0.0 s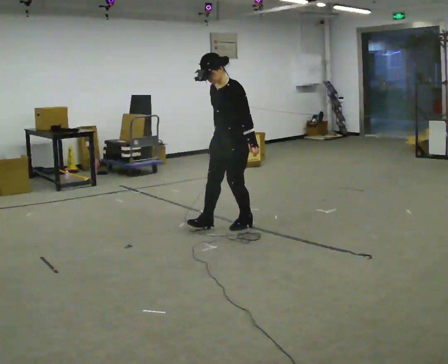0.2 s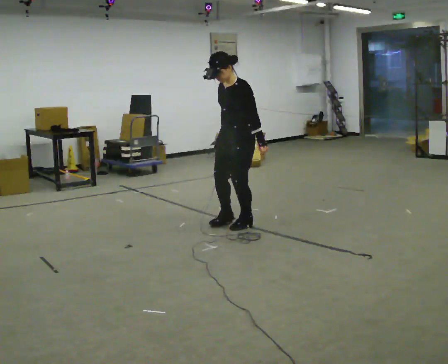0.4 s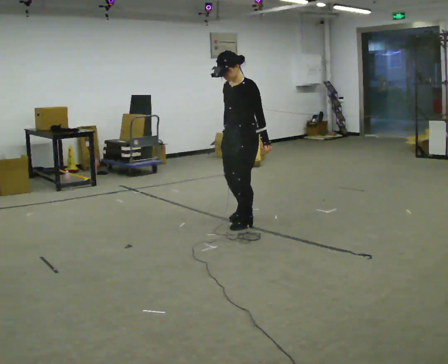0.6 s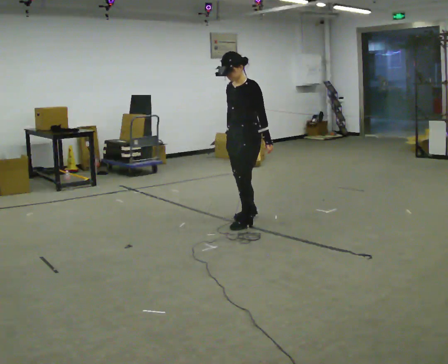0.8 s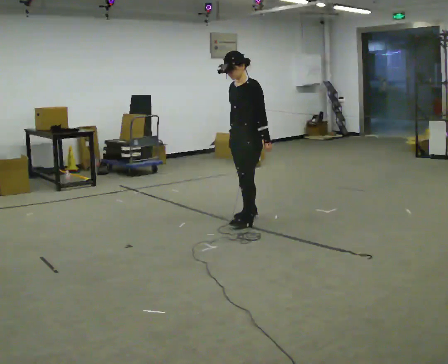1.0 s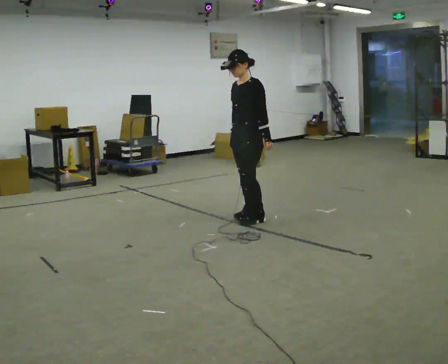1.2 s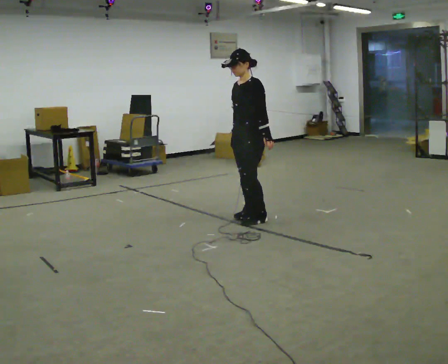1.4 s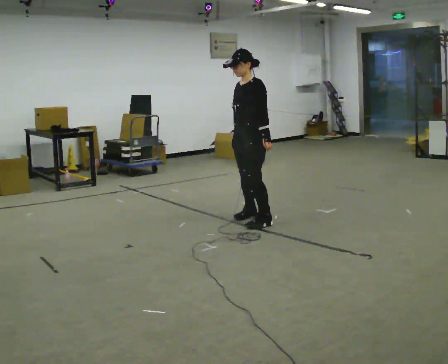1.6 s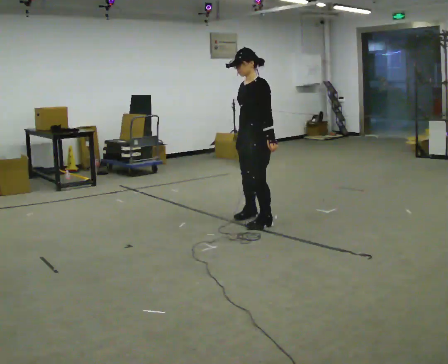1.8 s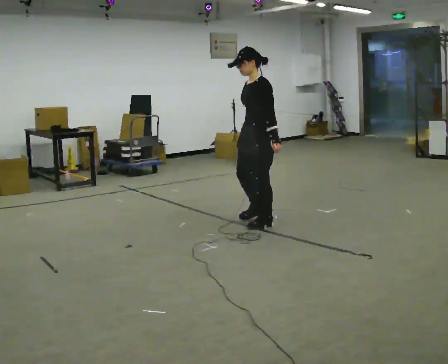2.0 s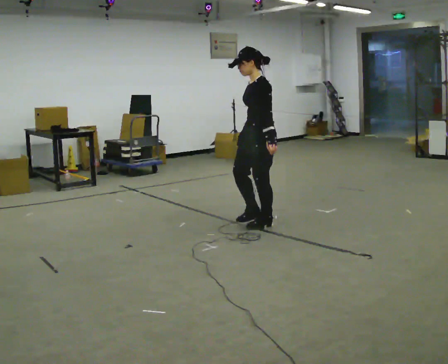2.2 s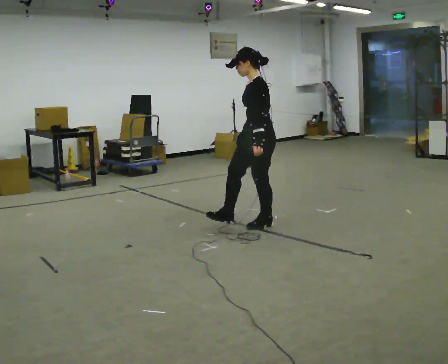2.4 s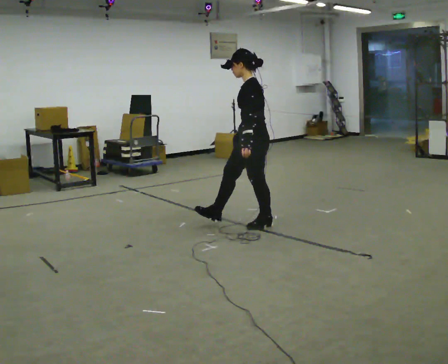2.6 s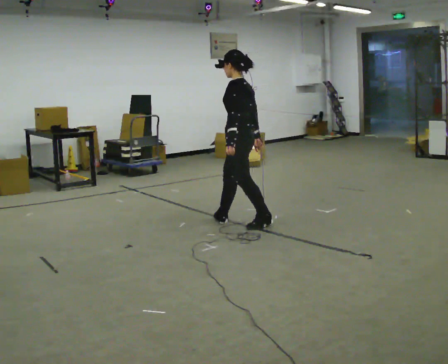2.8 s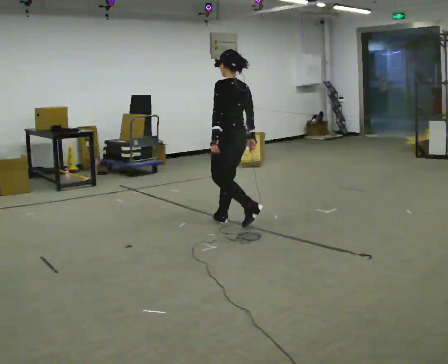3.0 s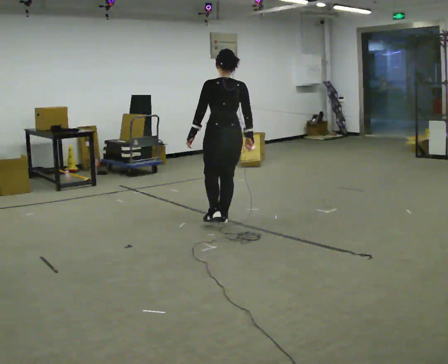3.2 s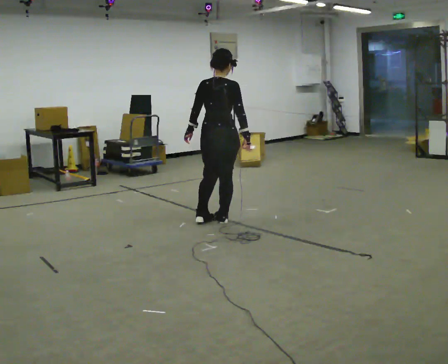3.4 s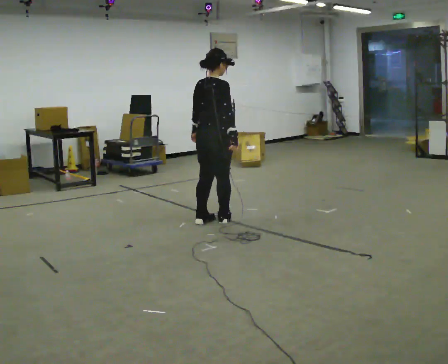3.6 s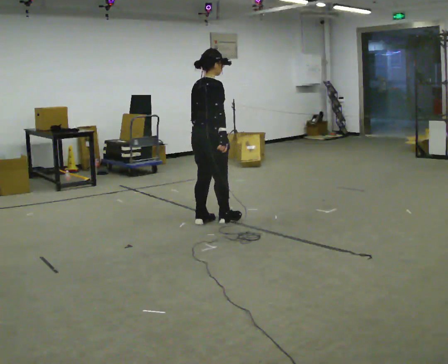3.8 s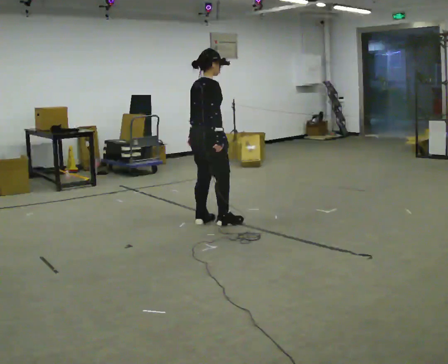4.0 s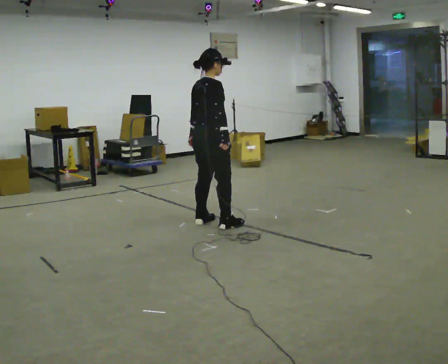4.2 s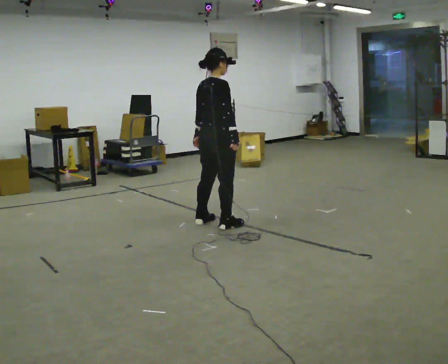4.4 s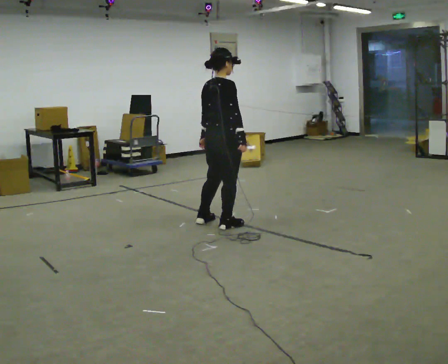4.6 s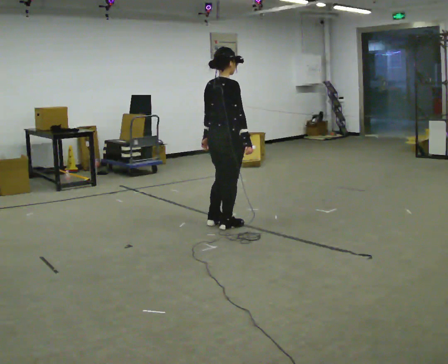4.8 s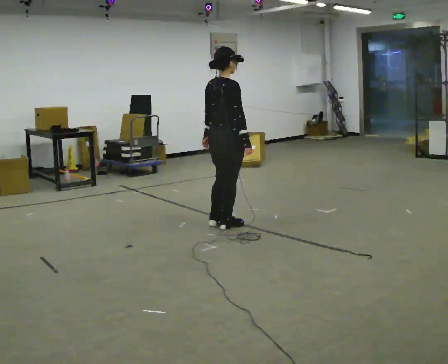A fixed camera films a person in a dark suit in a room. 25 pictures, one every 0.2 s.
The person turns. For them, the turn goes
to their right.
The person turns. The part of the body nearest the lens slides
to the left.
0.0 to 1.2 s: In the picture they go away from the camera, about 0.25 m in 2 steps, which for them is backward and to their right.
1.2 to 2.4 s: The part of the body nearest the lens slides to the left as the person turns to their right by about 30 degrees. In the picture they go toward the camera, about 0.25 m in 1 step, which for them is to their left.
2.4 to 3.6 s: Seen from above the body turns clockwise, about 150 degrees: to their right, with its near side sliding to the left. In the picture they go to the left, about 0.5 m in 2 steps.
3.6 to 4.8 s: In the picture they go to the right, about 0.25 m, which for them is to their right.
The film runs forward here.
